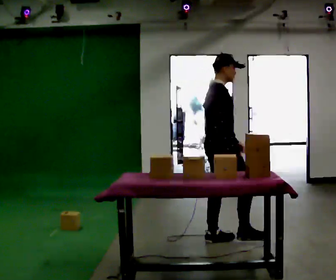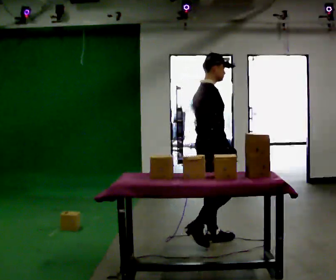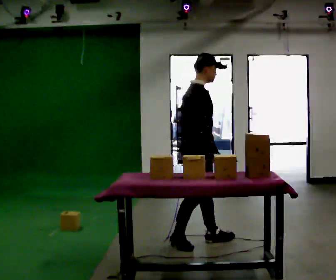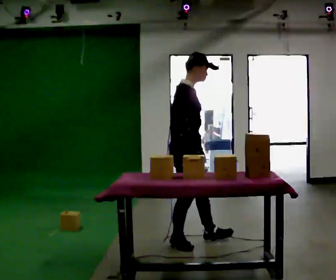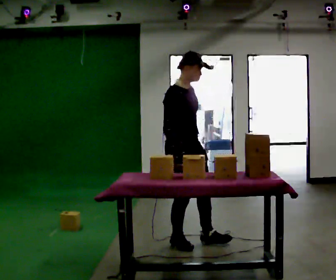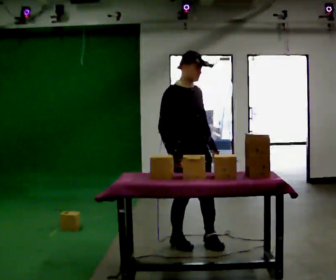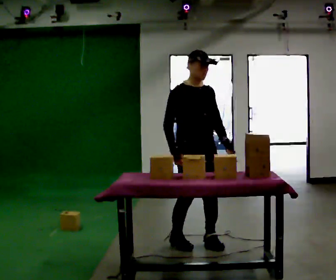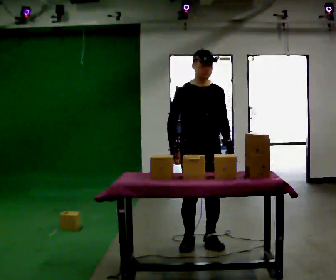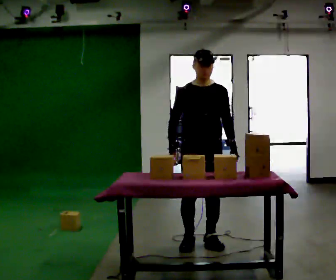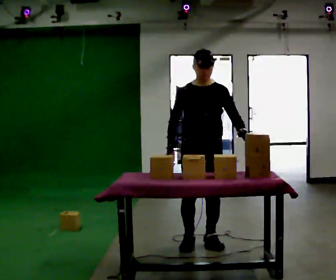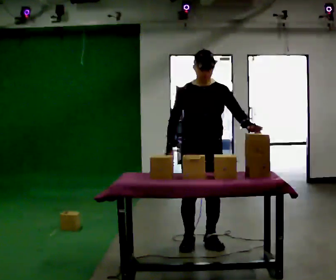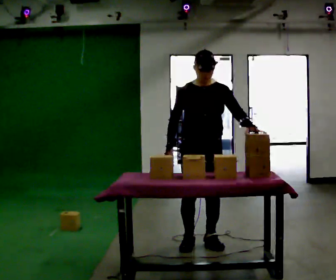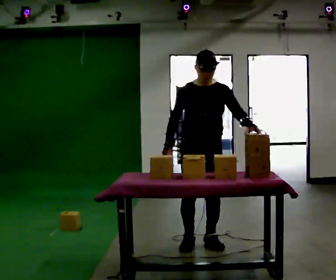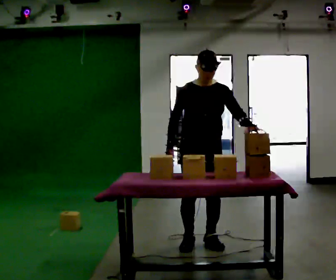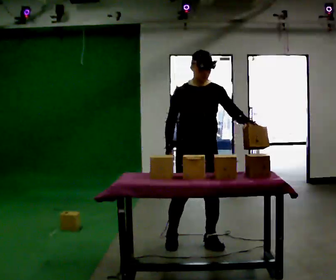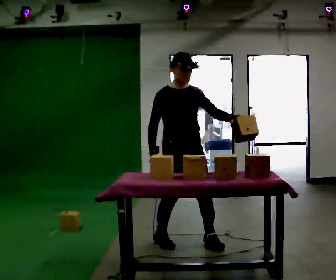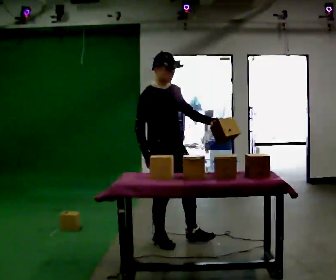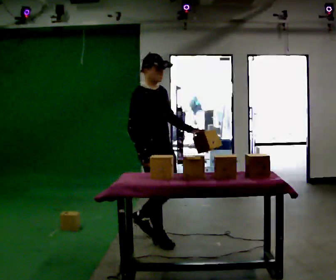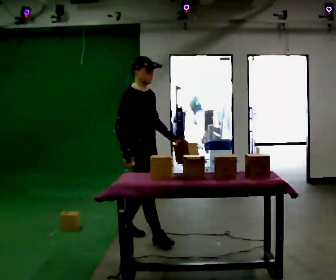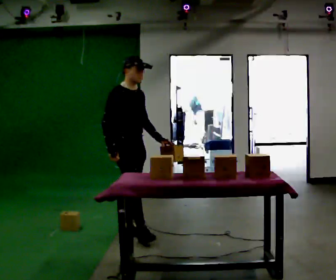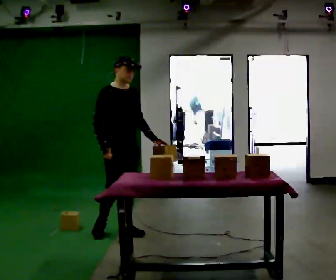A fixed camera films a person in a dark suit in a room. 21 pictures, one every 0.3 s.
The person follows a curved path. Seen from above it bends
clockwise.
0.0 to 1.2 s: The part of the body nearest the lens slides to the left as the person turns to their right by about 30 degrees. In the picture they go to the left and toward the camera, about 0.25 m, which for them is backward.
1.2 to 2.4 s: The person turns about 60 degrees to their right, clockwise seen from above, so the part of the body nearest the lens slides to the left. In the picture they go to the right, about 0.25 m in 1 step, which for them is to their left. In the picture their left hand goes to the right.
2.4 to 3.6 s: The person moves a little, or ends about where they began.
3.6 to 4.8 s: The person turns about 45 degrees to their left, counterclockwise seen from above, so the part of the body nearest the lens slides to the right. In the picture they go to the left, about 0.25 m in 2 steps, which for them is to their right.
4.8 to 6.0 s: In the picture they go to the left and away from the camera, about 0.5 m in 1 step, which for them is backward.
The film runs backward here.
